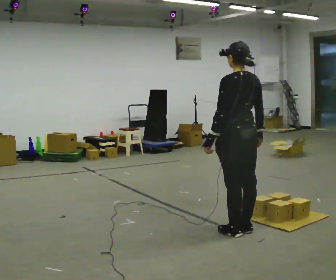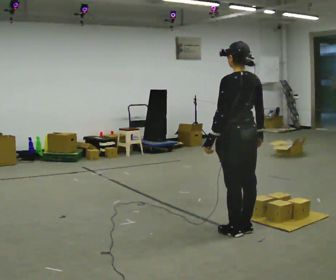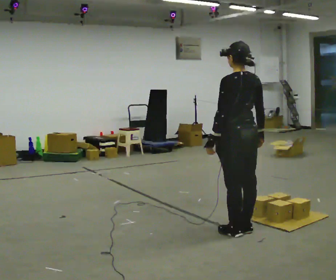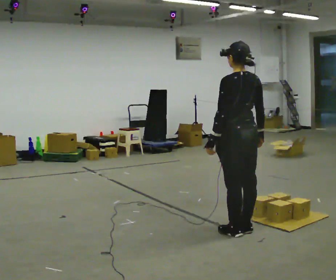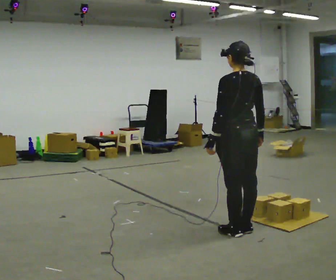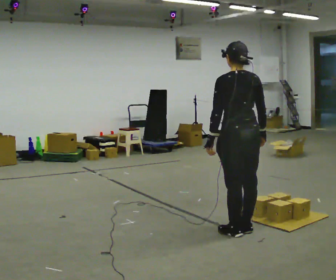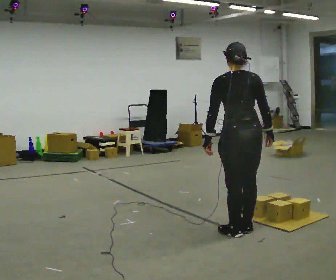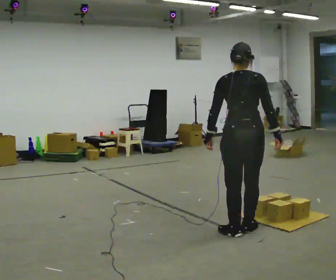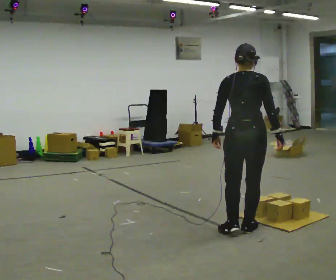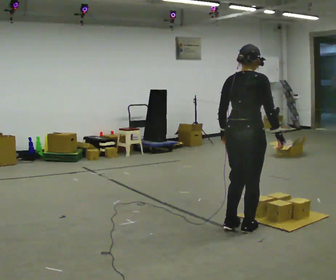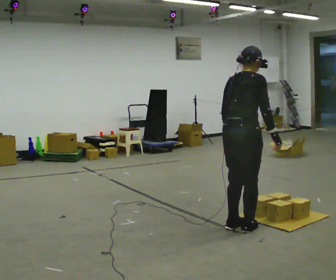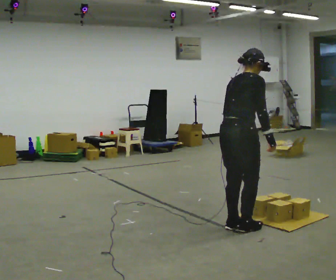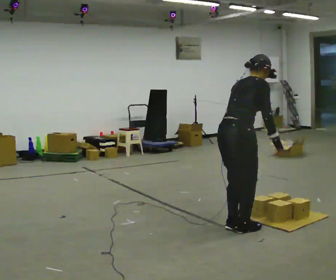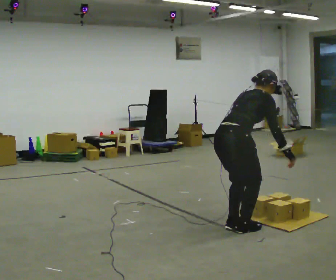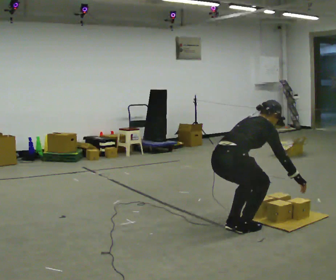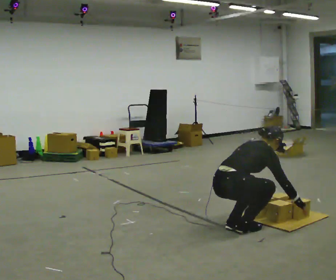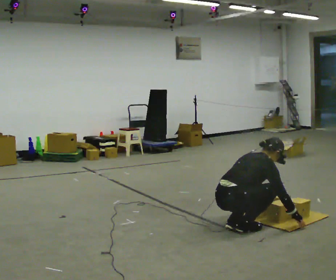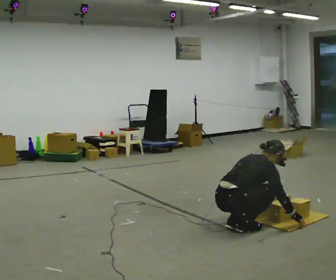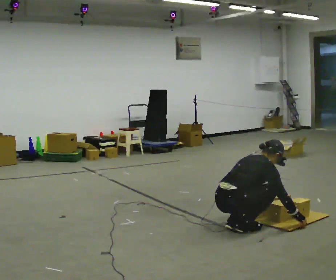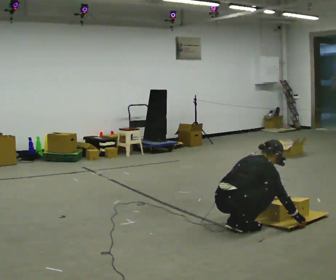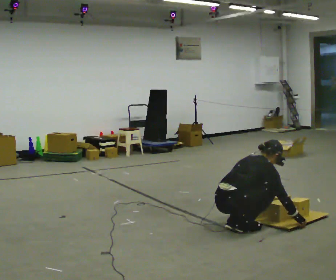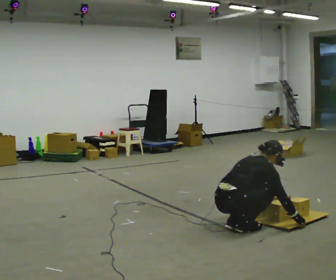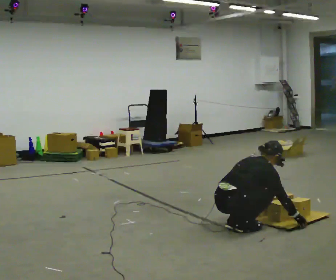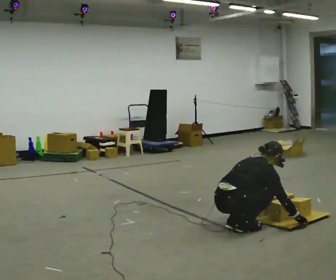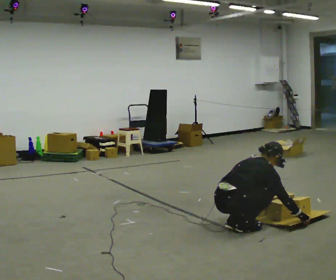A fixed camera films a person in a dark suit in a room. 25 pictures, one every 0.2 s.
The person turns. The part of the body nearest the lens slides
to the left.
The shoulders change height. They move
downward.
0.0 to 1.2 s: The person moves a little, or ends about where they began.
1.2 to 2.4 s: The person turns about 60 degrees to their right, clockwise seen from above, so the part of the body nearest the lens slides to the left. In the picture the upper body tilts clockwise, shoulders to the right, as they bend forward.
2.4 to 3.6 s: The upper body goes downward. In the picture the upper body tilts clockwise, shoulders to the right, as they bend forward. In the picture their right hand goes downward.
3.6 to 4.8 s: The person moves a little, or ends about where they began.
The film runs forward here.
